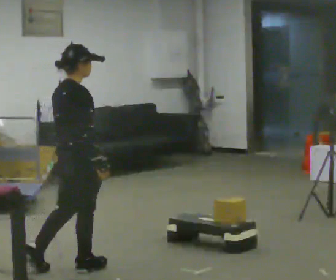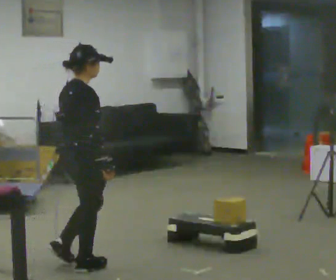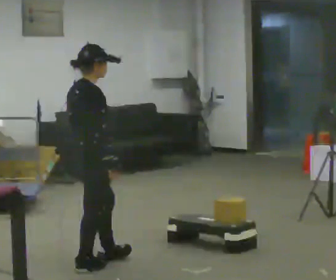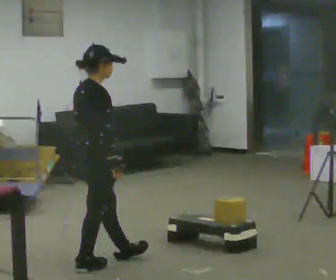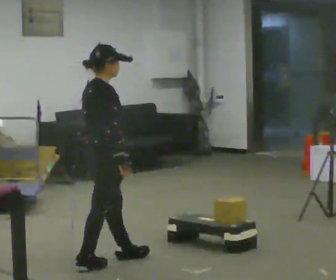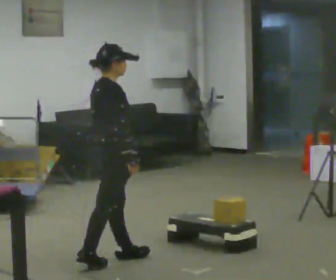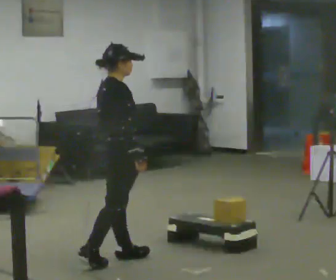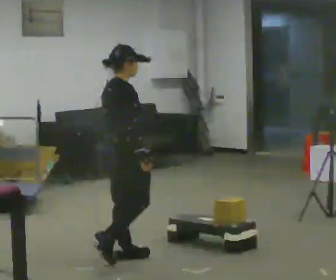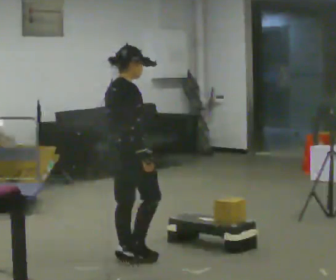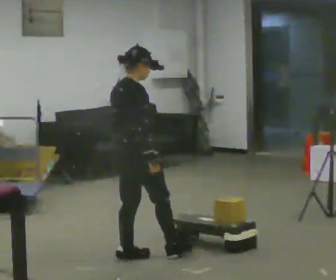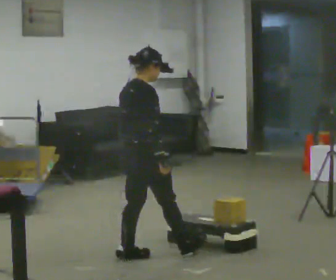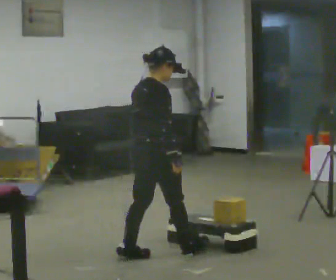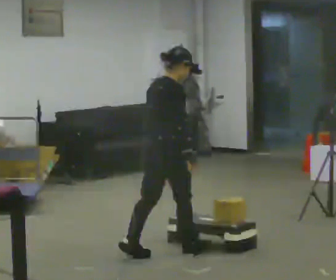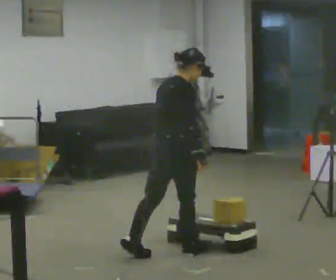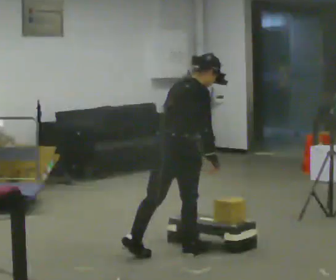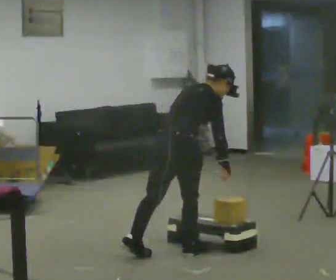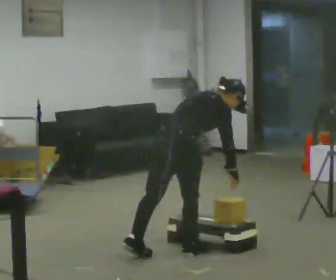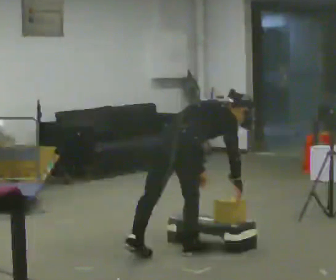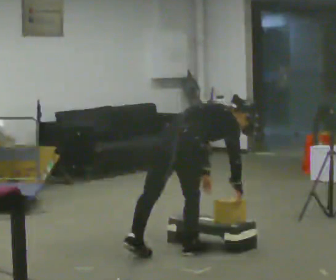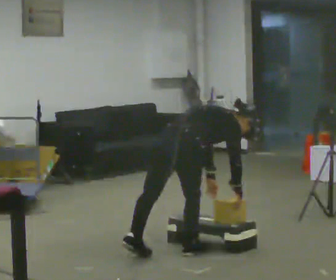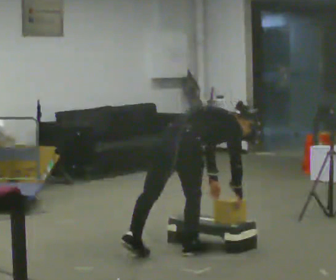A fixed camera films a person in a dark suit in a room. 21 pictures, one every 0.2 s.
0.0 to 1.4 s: In the picture they go to the right and away from the camera, about 0.5 m in 1 step, which for them is forward.
1.4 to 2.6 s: In the picture they go to the right, about 0.25 m in 1 step, which for them is forward. In the picture the upper body tilts clockwise, shoulders to the right.
2.6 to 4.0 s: The upper body goes downward. In the picture the upper body tilts clockwise, shoulders to the right, as they bend forward.
The film runs forward here.
